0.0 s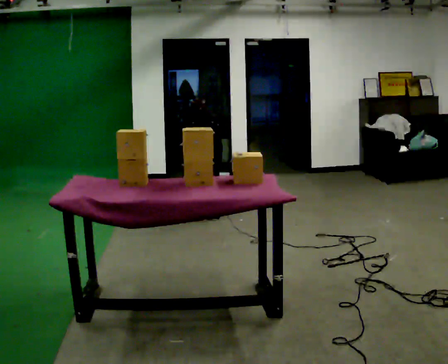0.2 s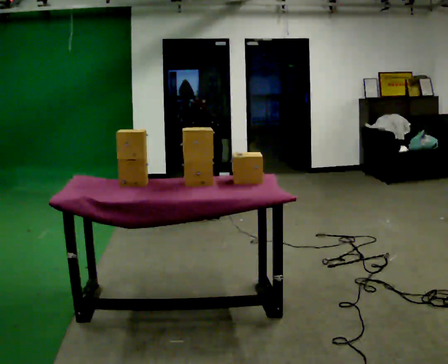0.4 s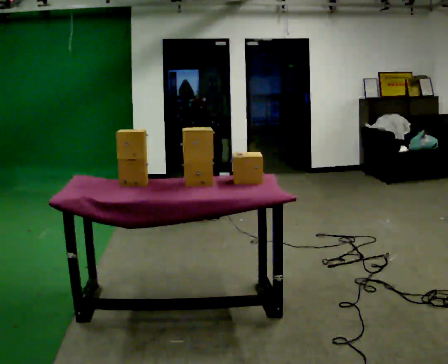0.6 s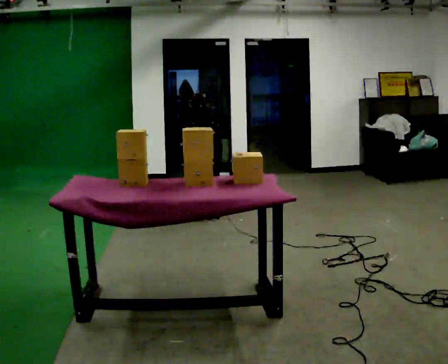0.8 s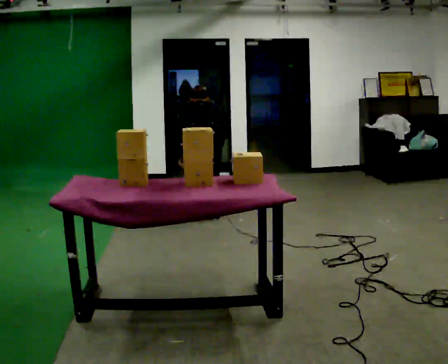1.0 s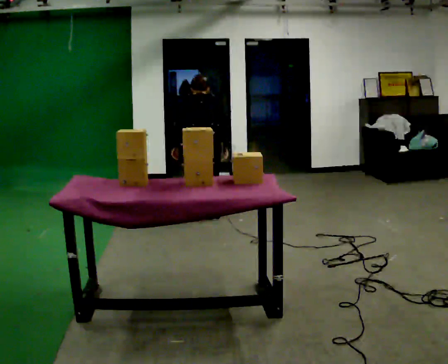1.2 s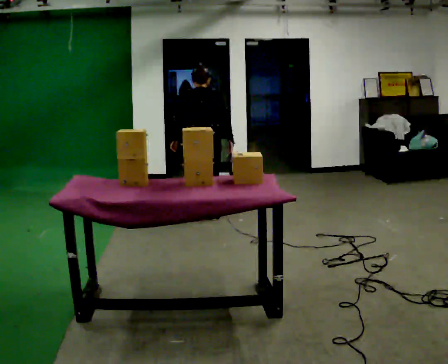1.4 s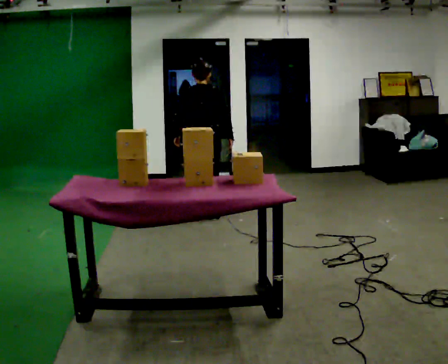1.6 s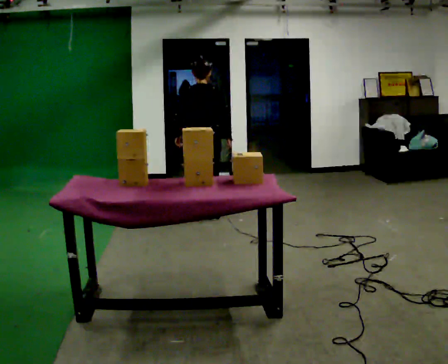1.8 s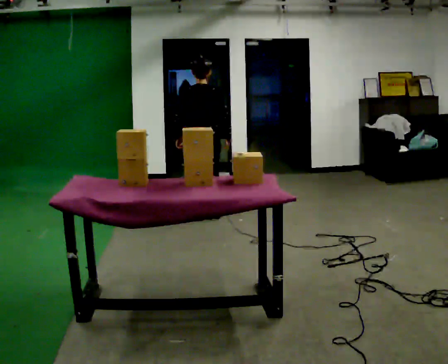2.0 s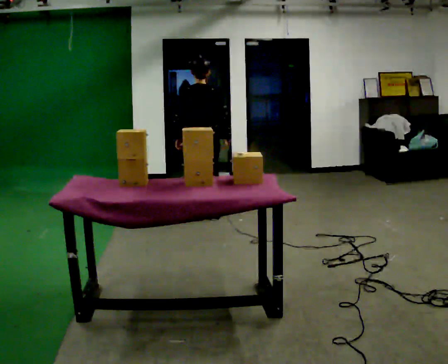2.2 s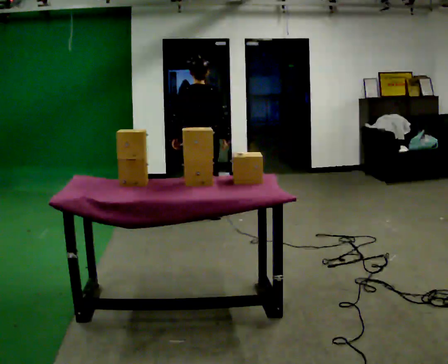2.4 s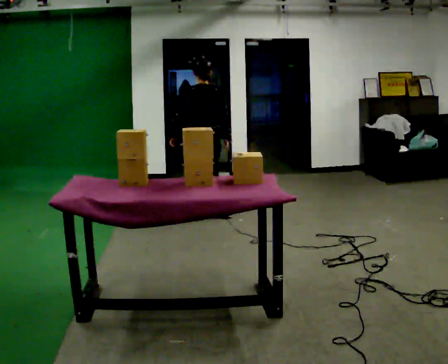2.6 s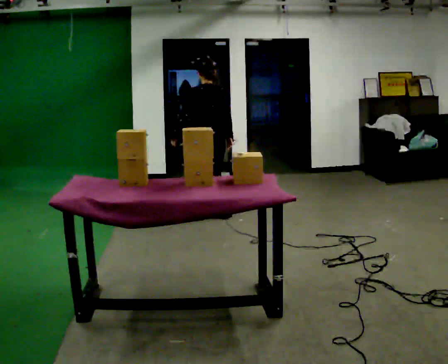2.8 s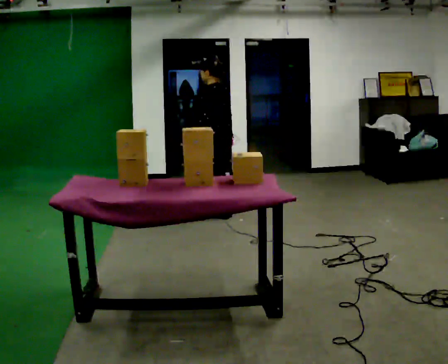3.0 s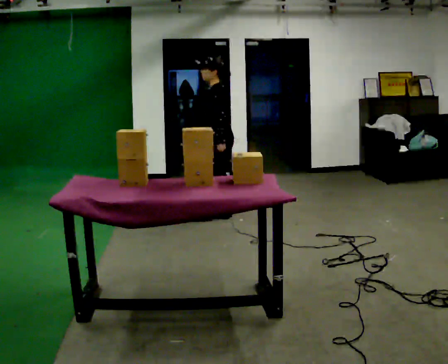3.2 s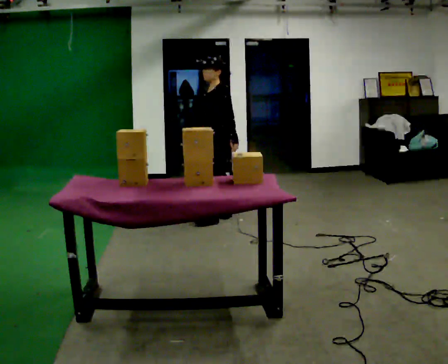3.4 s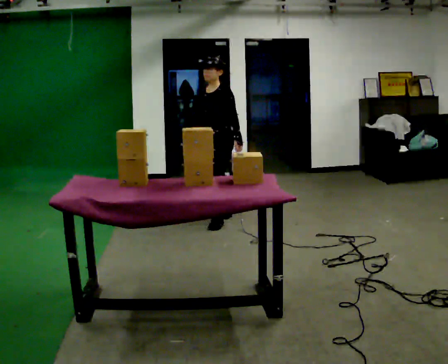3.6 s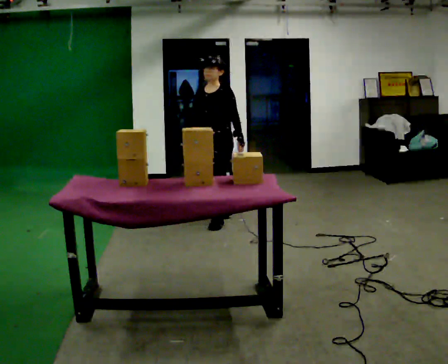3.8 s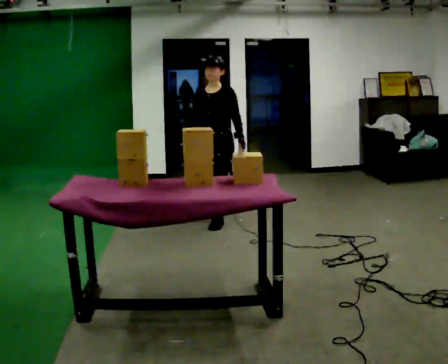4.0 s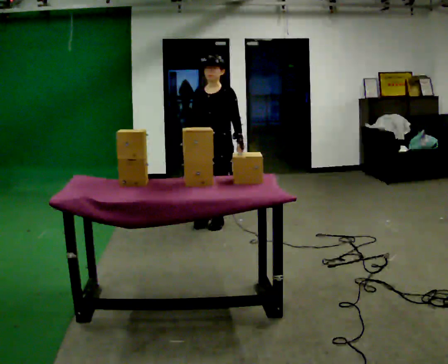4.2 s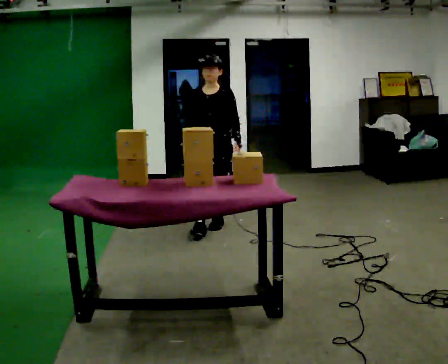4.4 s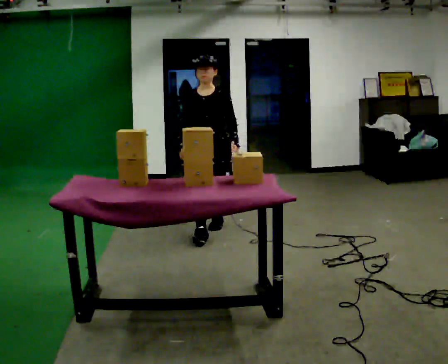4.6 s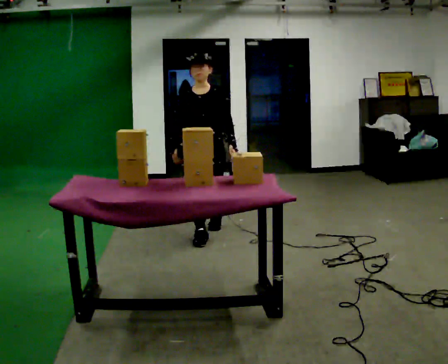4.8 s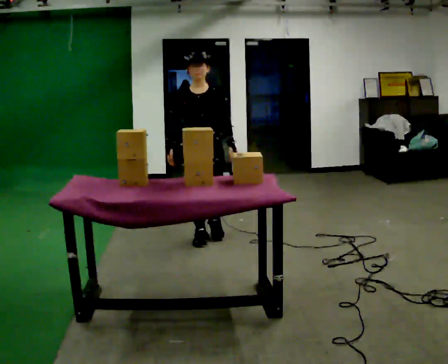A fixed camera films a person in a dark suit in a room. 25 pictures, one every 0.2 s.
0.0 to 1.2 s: The upper body goes upward. The upper body tips toward the camera, its near side rolling downward, as they lean back or straighten.
1.2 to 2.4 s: The upper body tips toward the camera, its near side rolling downward, as they lean back or straighten.
2.4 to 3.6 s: The person turns about 120 degrees to their left, counterclockwise seen from above, so the part of the body nearest the lens slides to the right. In the picture their left hand goes to the right, the arm swinging counterclockwise.
3.6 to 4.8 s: The part of the body nearest the lens slides to the right as the person turns to their left by about 45 degrees. In the picture they go toward the camera, about 0.5 m in 1 step, which for them is forward.
The film runs forward here.
